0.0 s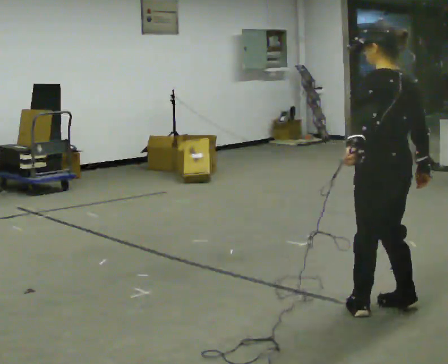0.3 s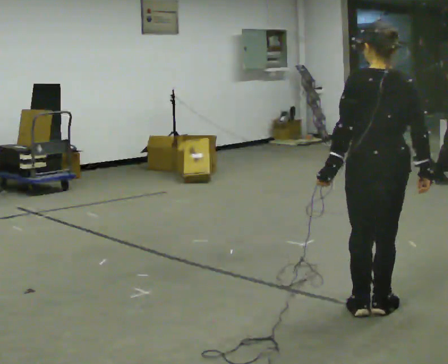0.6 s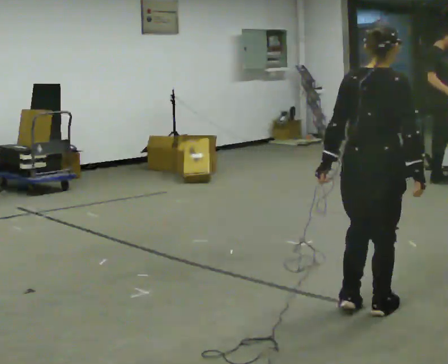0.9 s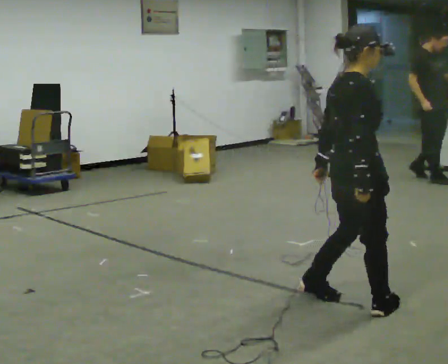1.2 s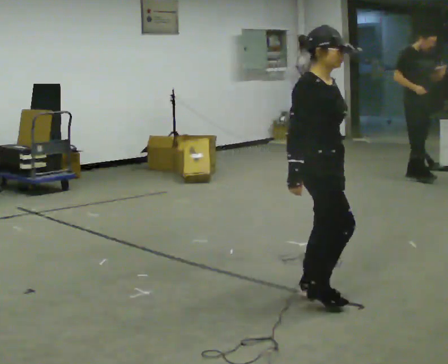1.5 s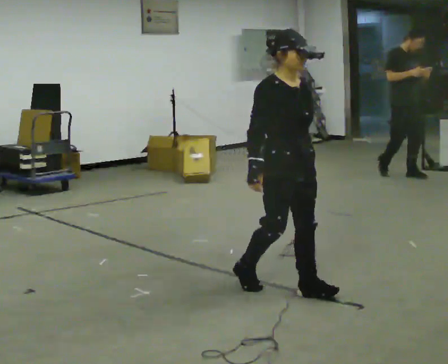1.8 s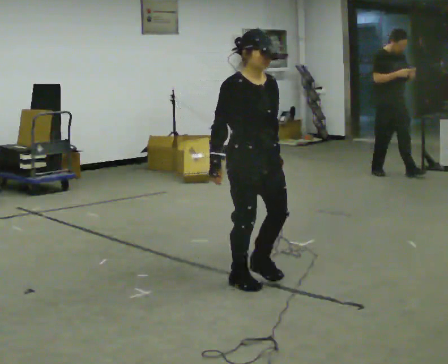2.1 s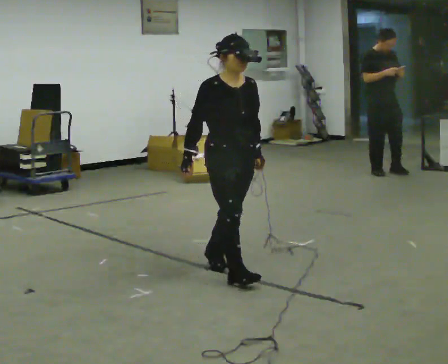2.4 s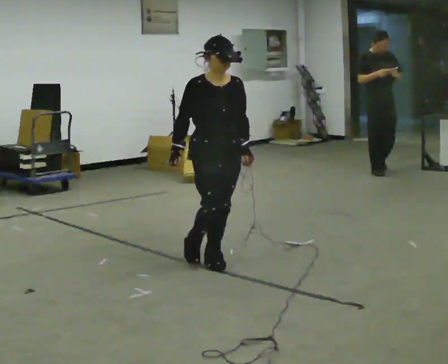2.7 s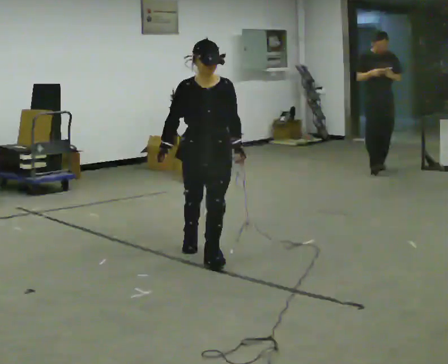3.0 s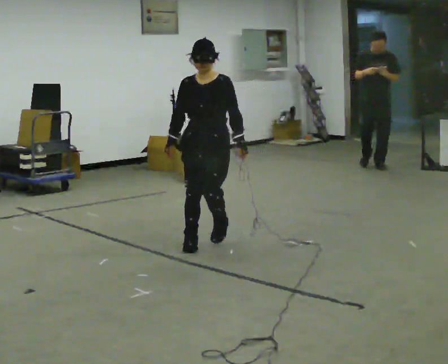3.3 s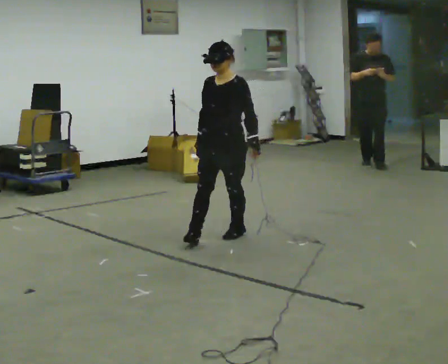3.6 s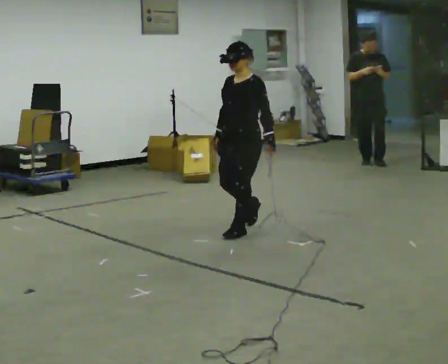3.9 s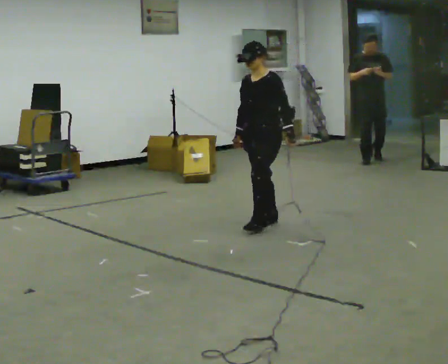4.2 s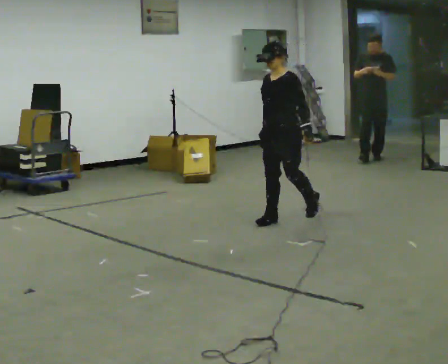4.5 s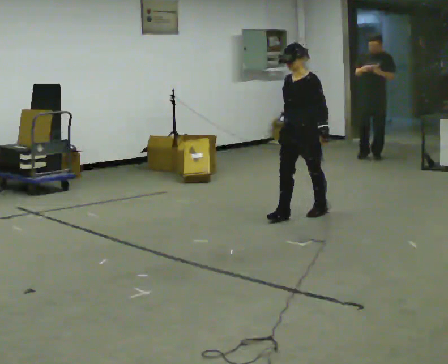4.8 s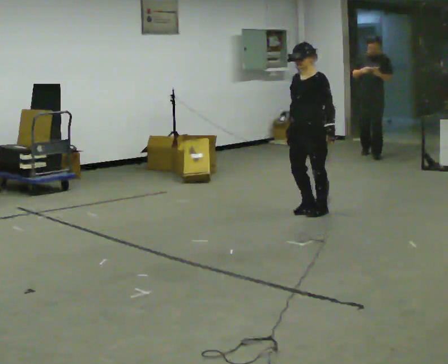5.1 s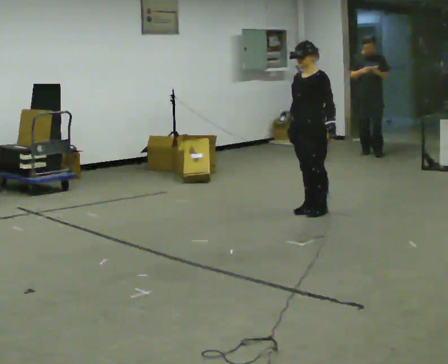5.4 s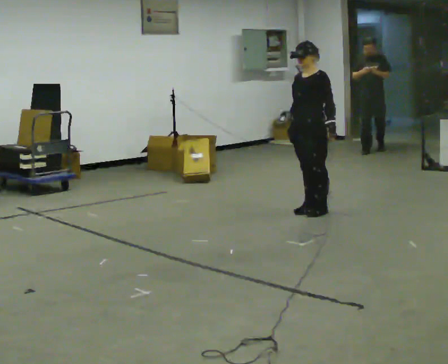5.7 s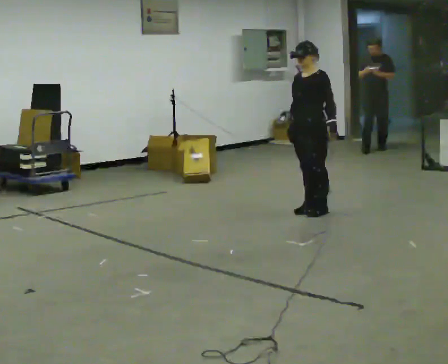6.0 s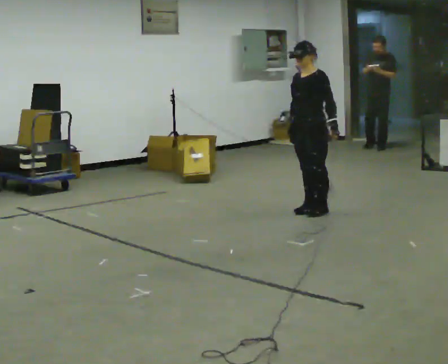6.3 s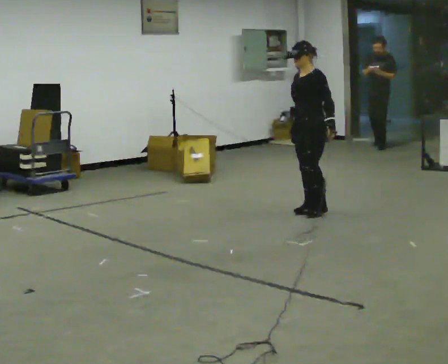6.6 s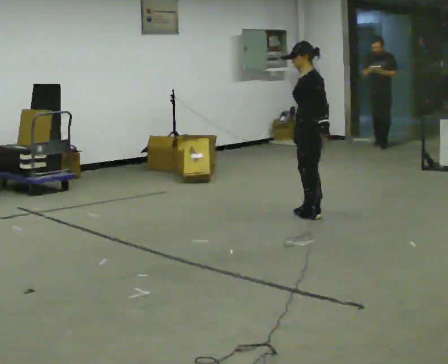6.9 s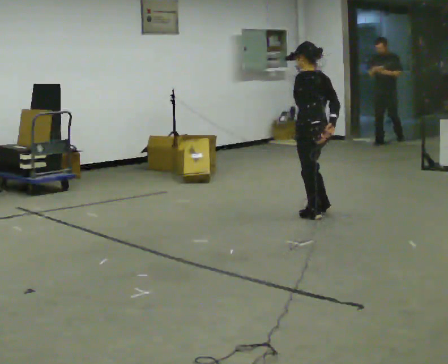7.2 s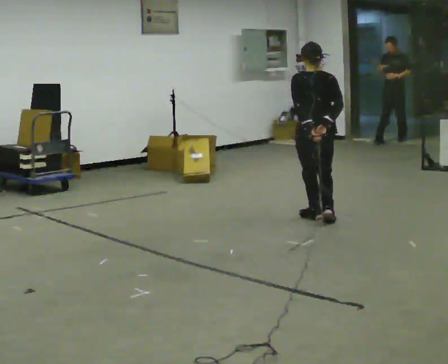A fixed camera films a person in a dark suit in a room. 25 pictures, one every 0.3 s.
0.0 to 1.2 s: The part of the body nearest the lens slides to the left as the person turns to their right by about 150 degrees. In the picture they go to the left and away from the camera, about 0.5 m in 3 steps.
1.2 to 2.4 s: The part of the body nearest the lens slides to the left as the person turns to their right by about 45 degrees. In the picture they go away from the camera and to the left, about 1 m in 2 steps, which for them is backward.
2.4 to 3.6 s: The part of the body nearest the lens slides to the left as the person turns to their right by about 75 degrees. In the picture they go away from the camera, about 1 m in 2 steps.
3.6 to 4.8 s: In the picture they go to the right and away from the camera, about 1 m in 2 steps, which for them is backward.
4.8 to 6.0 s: The person moves a little, or ends about where they began.
6.0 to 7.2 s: The part of the body nearest the lens slides to the left as the person turns to their right by about 120 degrees. In the picture they go toward the camera, about 0.25 m in 2 steps.
The film runs backward here.
